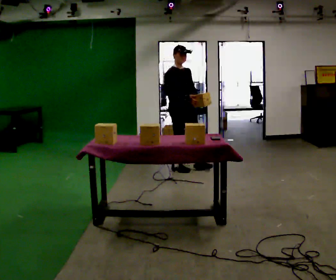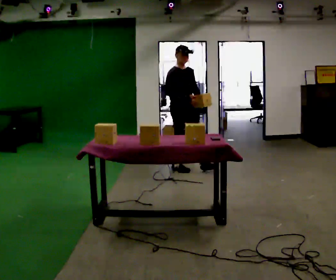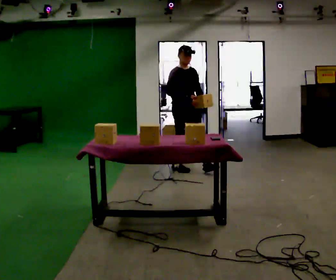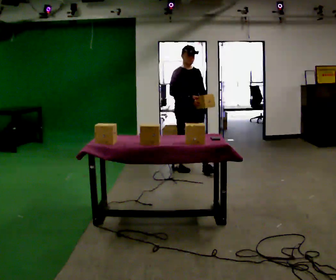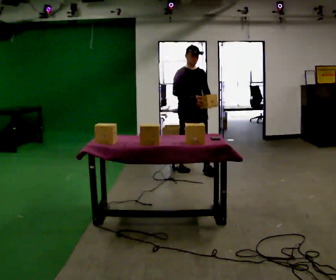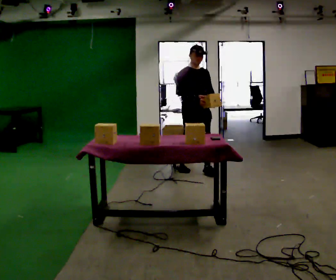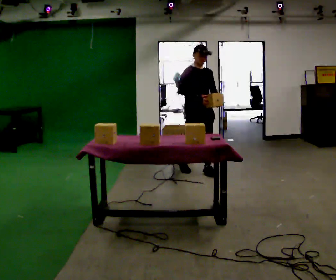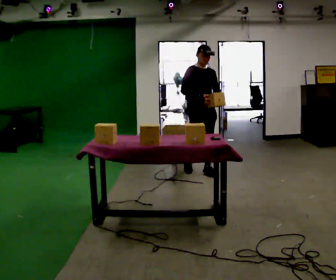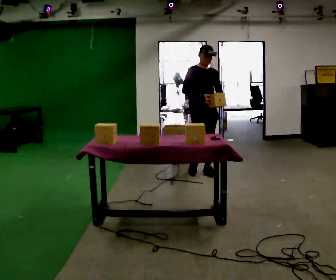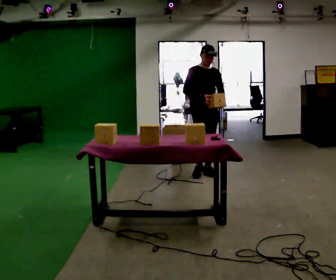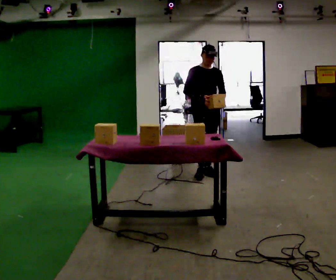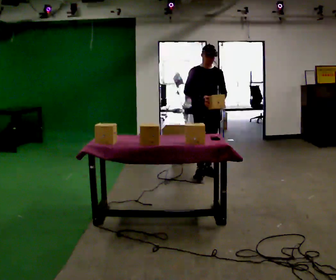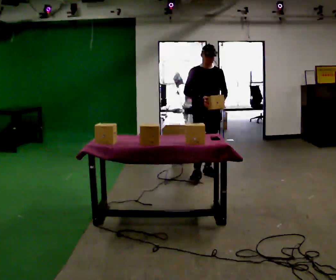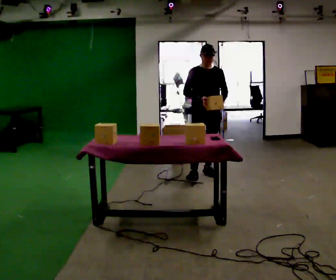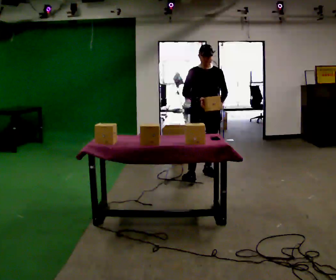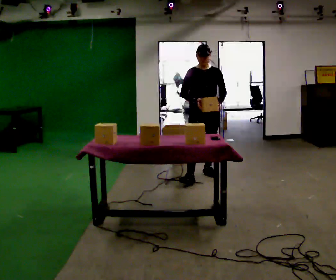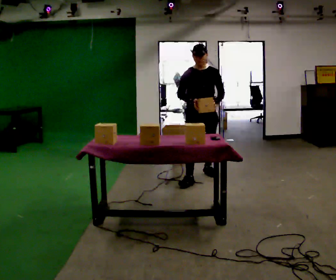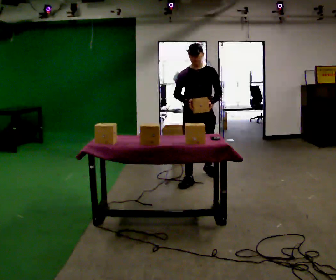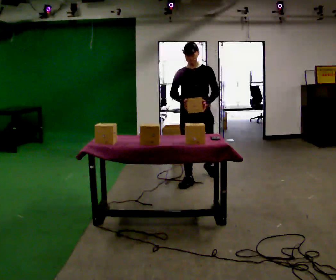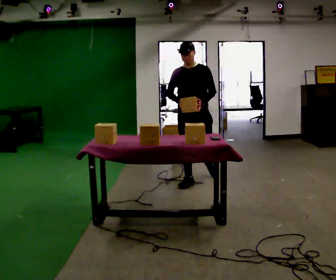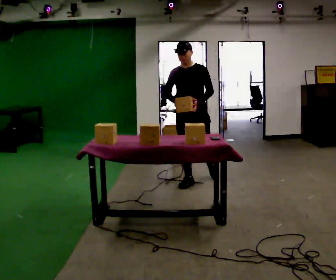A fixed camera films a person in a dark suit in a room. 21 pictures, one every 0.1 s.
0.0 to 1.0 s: The part of the body nearest the lens slides to the left as the person turns to their right by about 30 degrees. In the picture they go to the right and toward the camera, about 0.25 m in 1 step, which for them is forward and to their left.
1.0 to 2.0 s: Seen from above the body turns clockwise, about 30 degrees: to their right, with its near side sliding to the left. In the picture they go toward the camera, about 0.5 m in 1 step, which for them is forward and to their right.
The film runs forward here.
